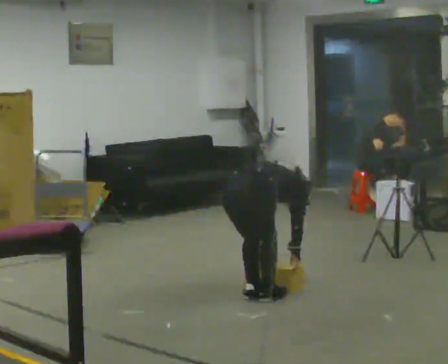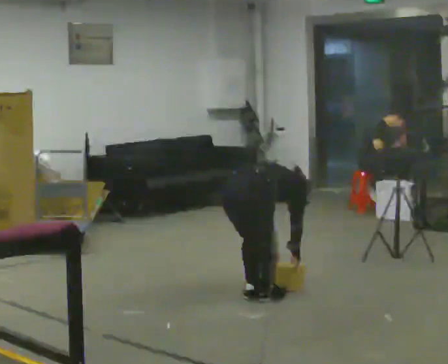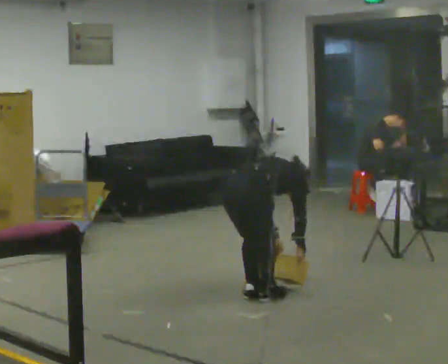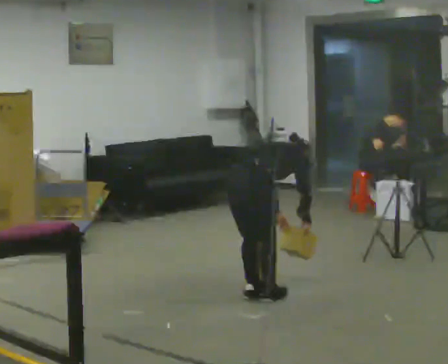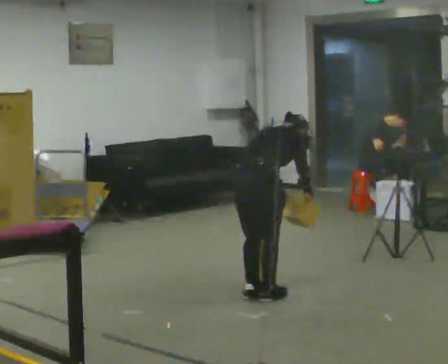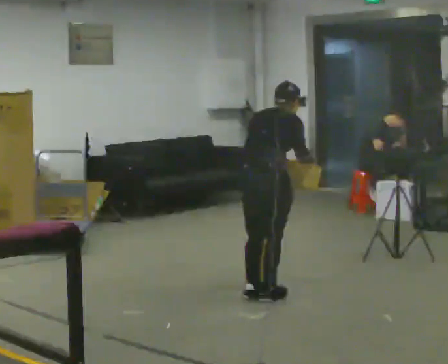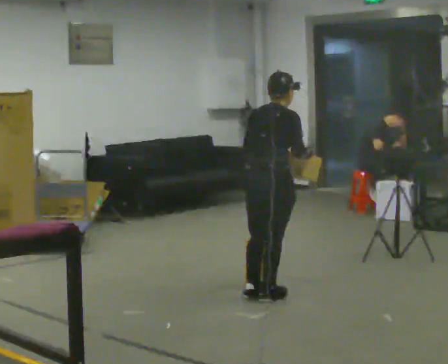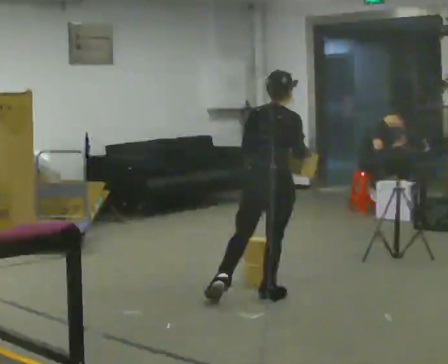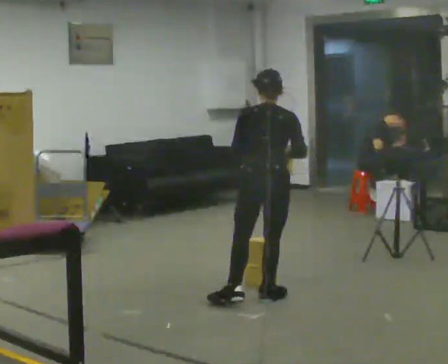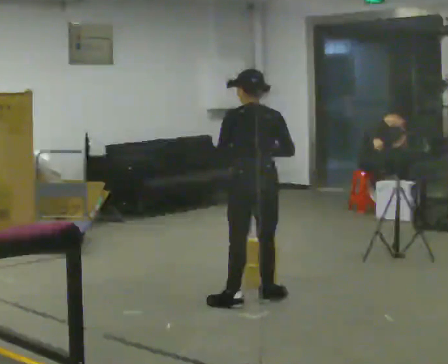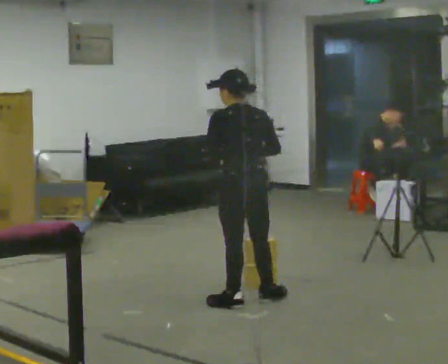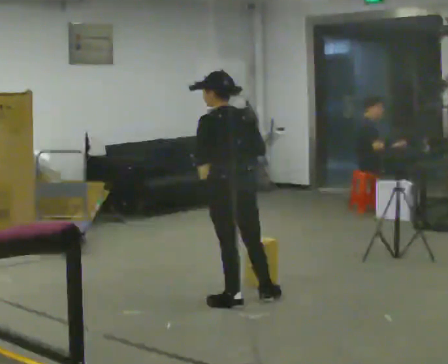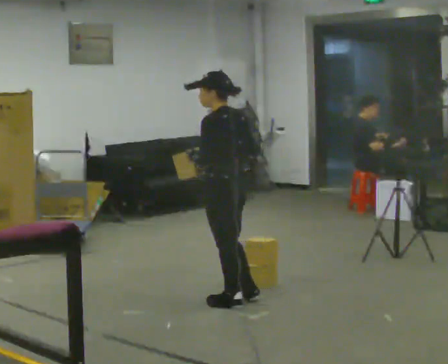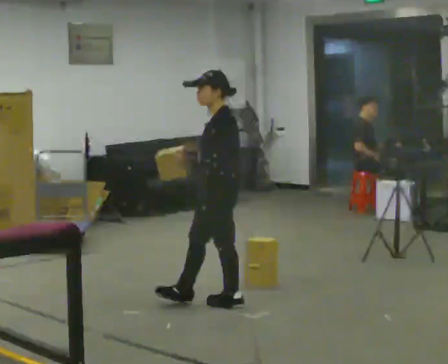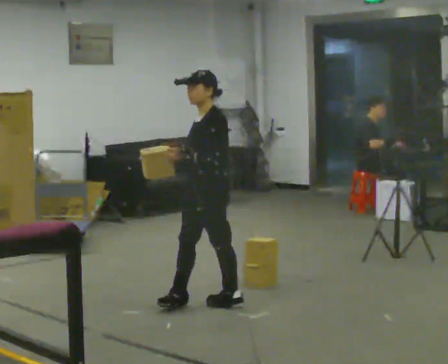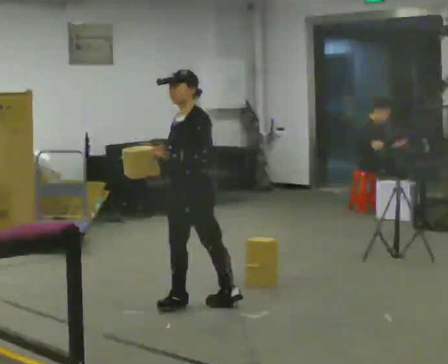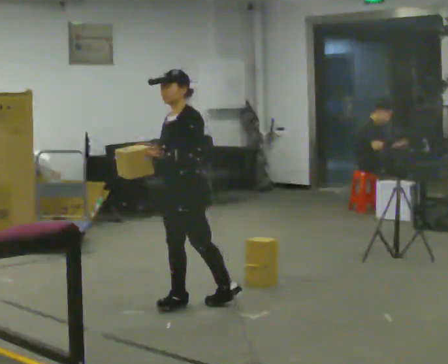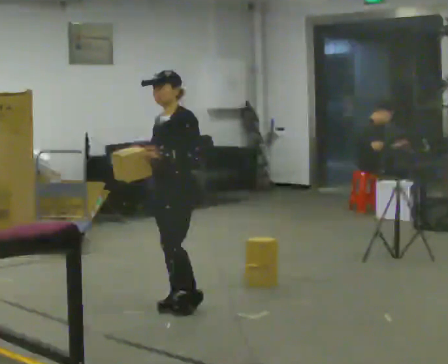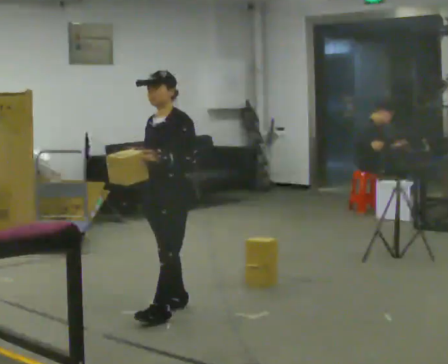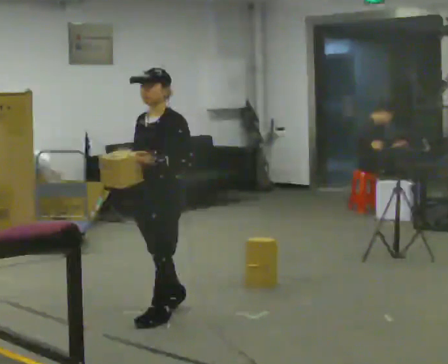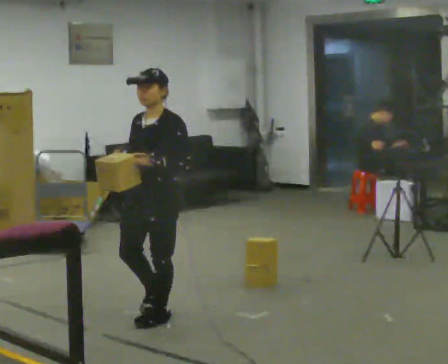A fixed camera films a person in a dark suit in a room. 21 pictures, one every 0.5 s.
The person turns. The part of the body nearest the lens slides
to the right.
Their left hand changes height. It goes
upward.
0.0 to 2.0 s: The upper body goes upward. The upper body tips toward the camera, its near side rolling downward, as they lean back or straighten. In the picture their right hand goes upward.
2.0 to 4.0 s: The part of the body nearest the lens slides to the right as the person turns to their left by about 30 degrees. The upper body tips toward the camera, its near side rolling downward, as they lean back or straighten.
4.0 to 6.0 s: Seen from above the body turns counterclockwise, about 60 degrees: to their left, with its near side sliding to the right. In the picture they go to the left and toward the camera, about 0.25 m, which for them is to their left.
6.0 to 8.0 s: The part of the body nearest the lens slides to the right as the person turns to their left by about 75 degrees. In the picture they go to the left, about 0.25 m in 1 step.
8.0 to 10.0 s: In the picture they go toward the camera, about 0.5 m in 1 step, which for them is forward and to their left.
The film runs forward here.
